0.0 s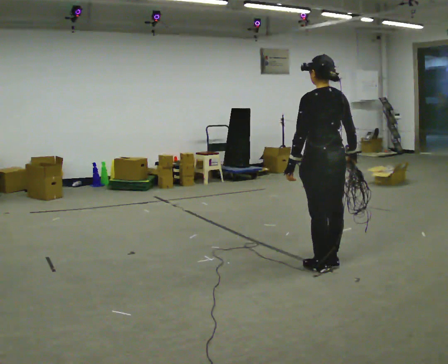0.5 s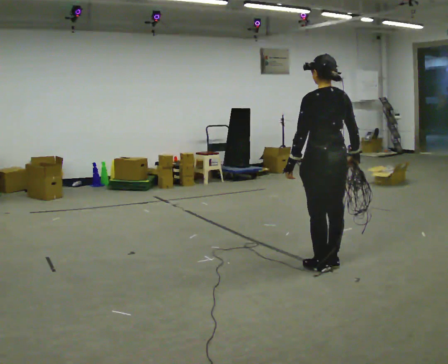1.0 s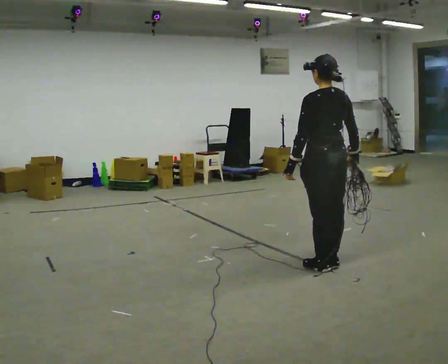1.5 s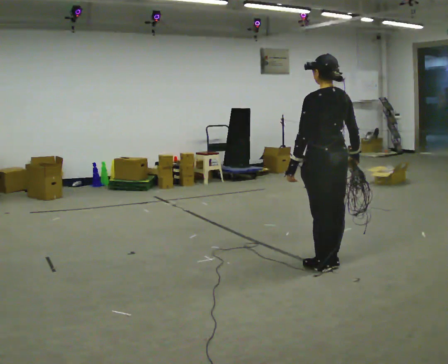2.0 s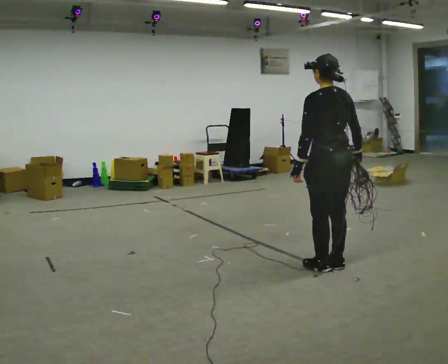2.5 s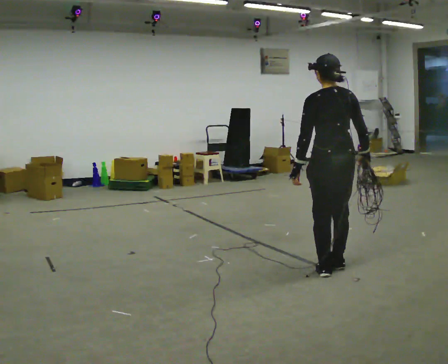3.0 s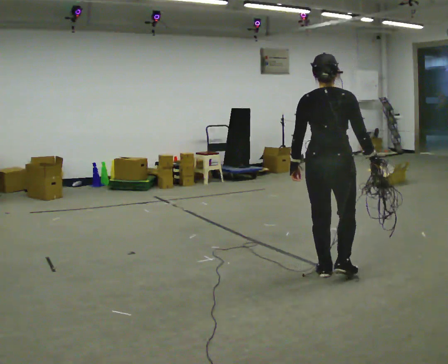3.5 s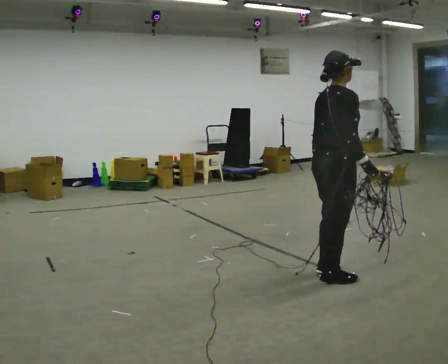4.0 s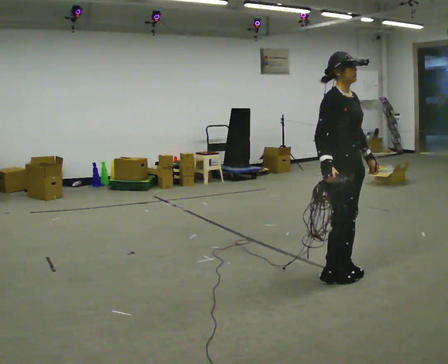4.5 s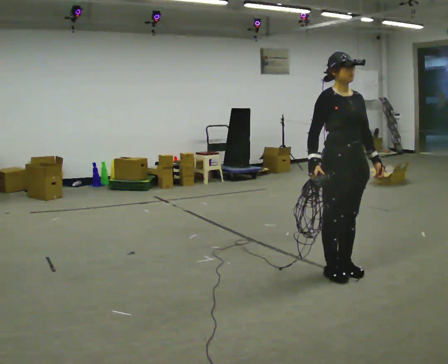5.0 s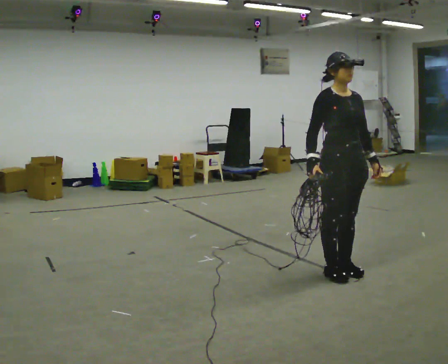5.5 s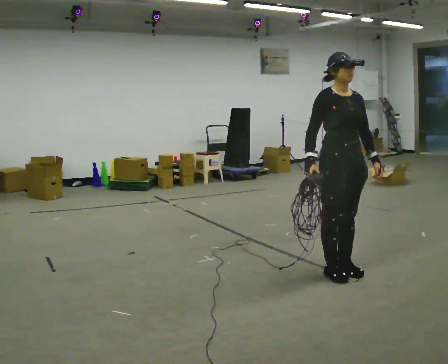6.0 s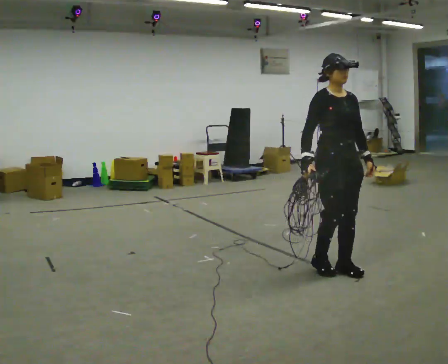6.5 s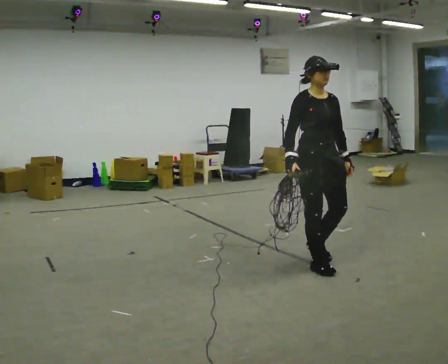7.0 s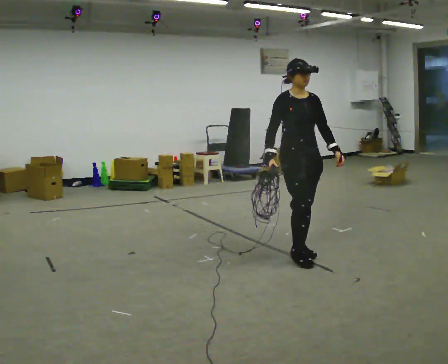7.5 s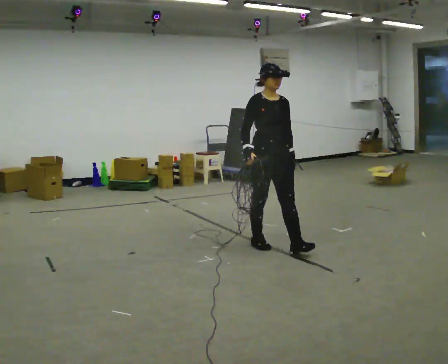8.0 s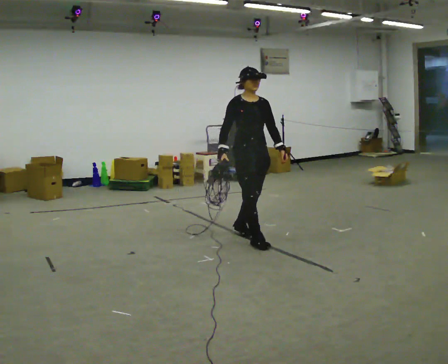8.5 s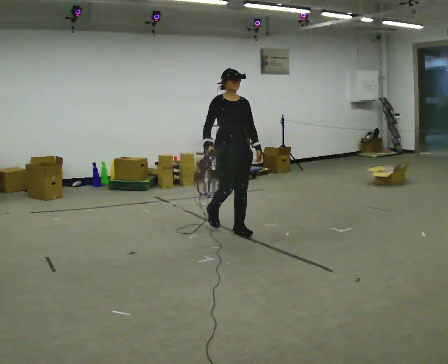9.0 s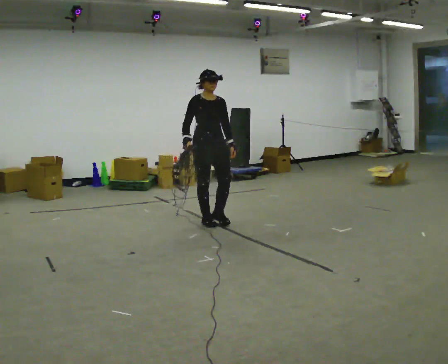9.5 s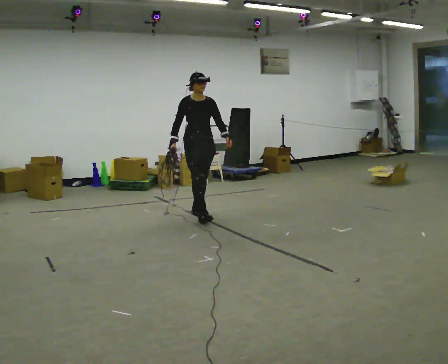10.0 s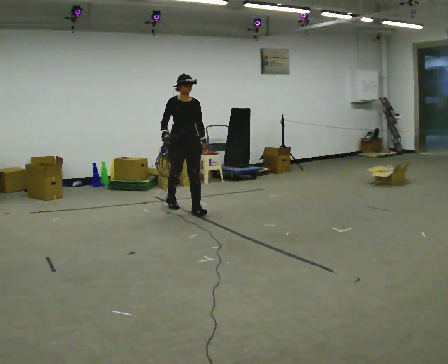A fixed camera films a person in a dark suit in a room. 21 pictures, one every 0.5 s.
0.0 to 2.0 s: The person moves a little, or ends about where they began.
2.0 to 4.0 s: Seen from above the body turns clockwise, about 150 degrees: to their right, with its near side sliding to the left. In the picture they go toward the camera, about 0.25 m in 1 step.
4.0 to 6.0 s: The part of the body nearest the lens slides to the left as the person turns to their right by about 30 degrees.
6.0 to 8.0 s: In the picture they go away from the camera and to the left, about 1 m in 3 steps, which for them is backward.
8.0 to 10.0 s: In the picture they go away from the camera and to the left, about 1.5 m in 3 steps, which for them is backward.
The film runs backward here.
